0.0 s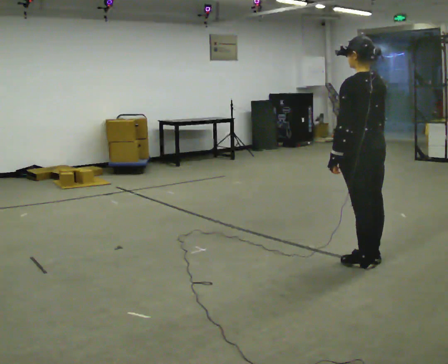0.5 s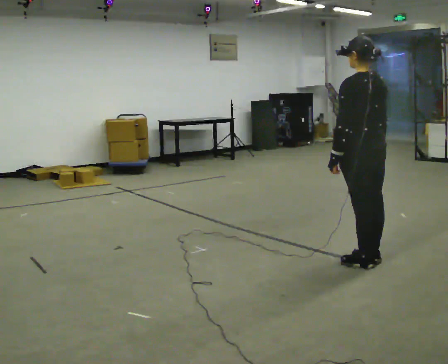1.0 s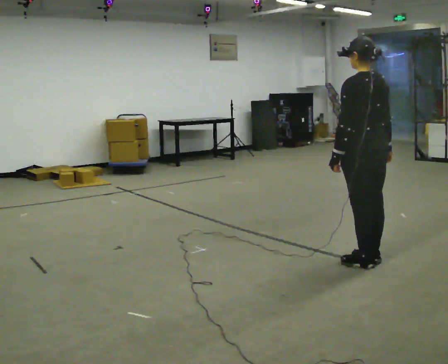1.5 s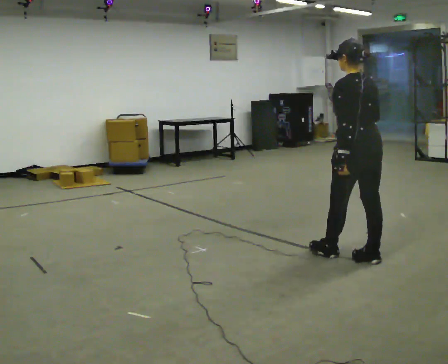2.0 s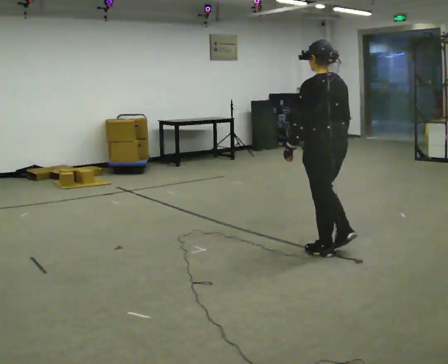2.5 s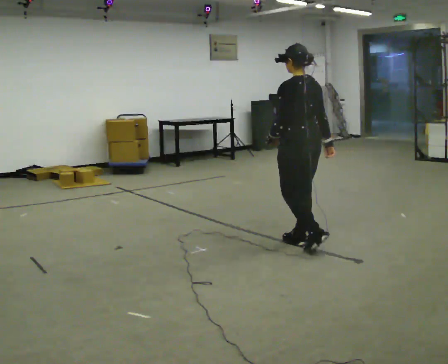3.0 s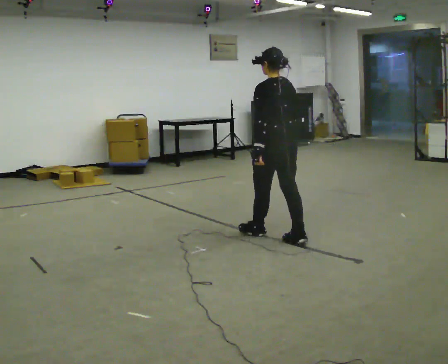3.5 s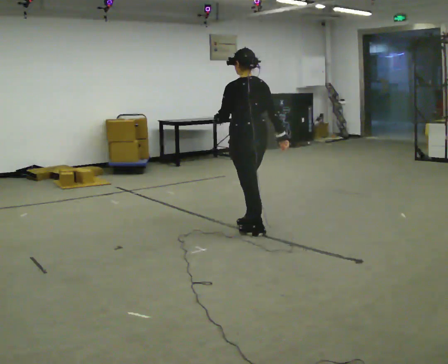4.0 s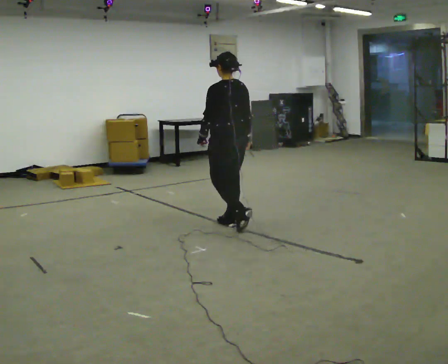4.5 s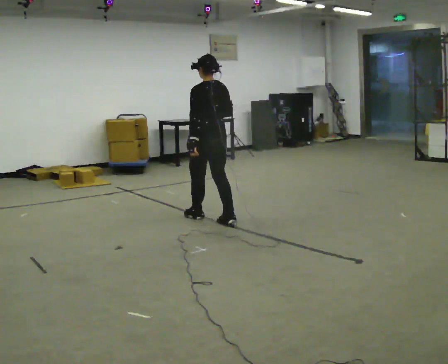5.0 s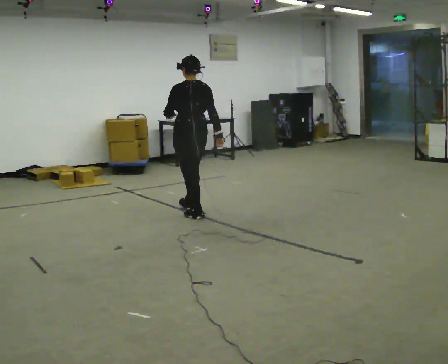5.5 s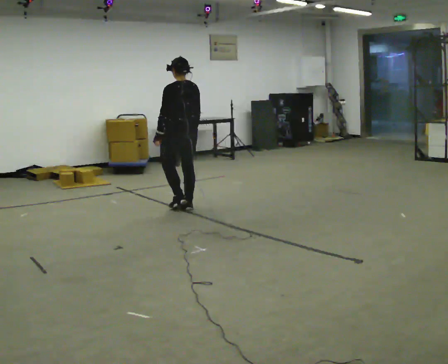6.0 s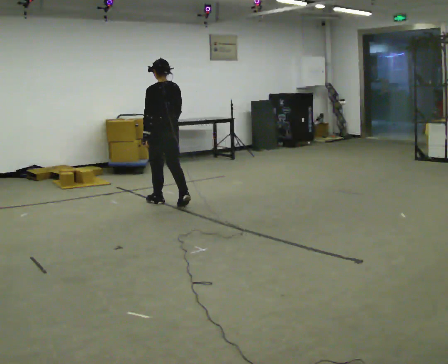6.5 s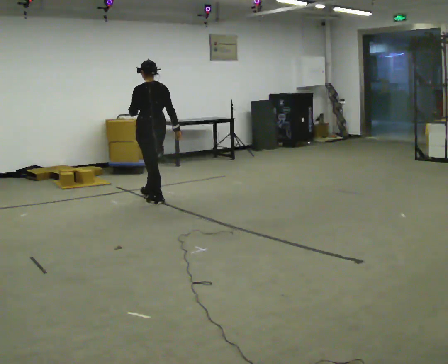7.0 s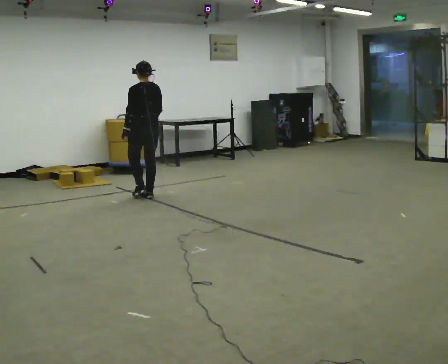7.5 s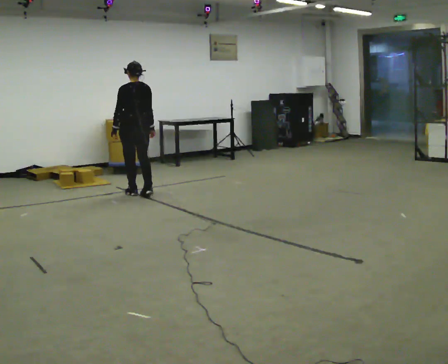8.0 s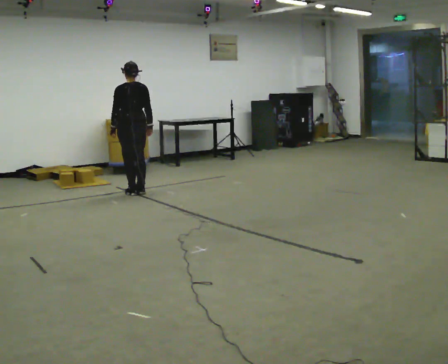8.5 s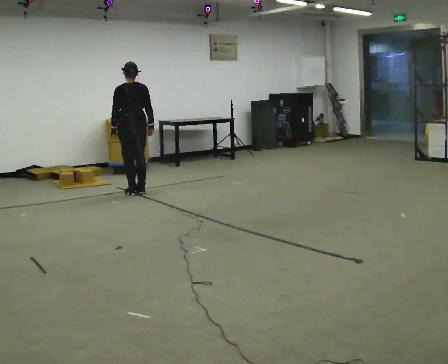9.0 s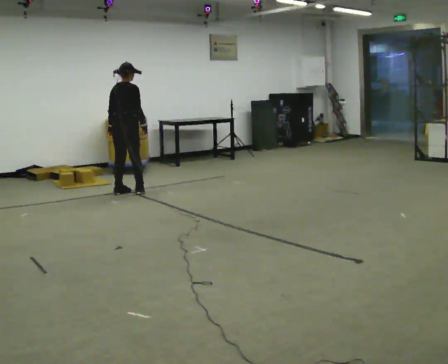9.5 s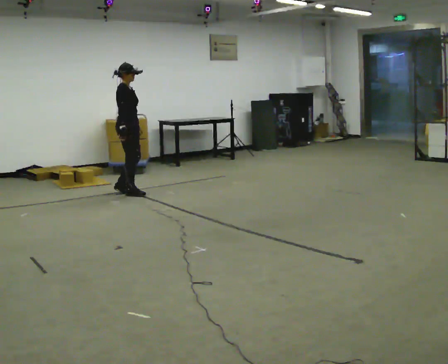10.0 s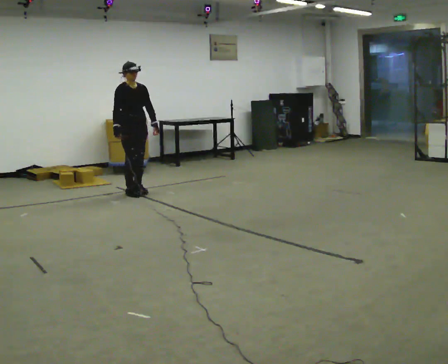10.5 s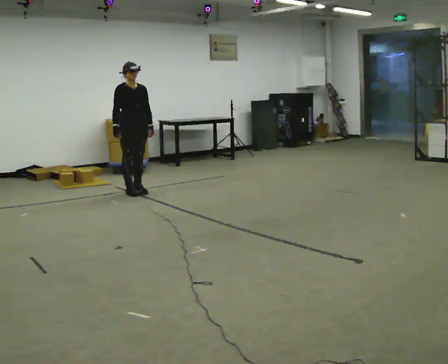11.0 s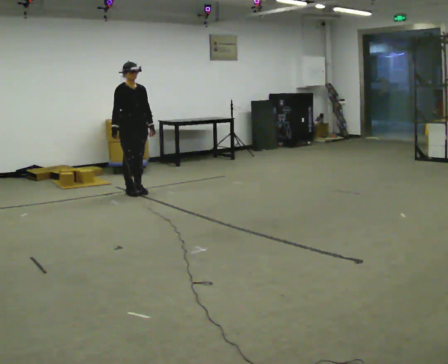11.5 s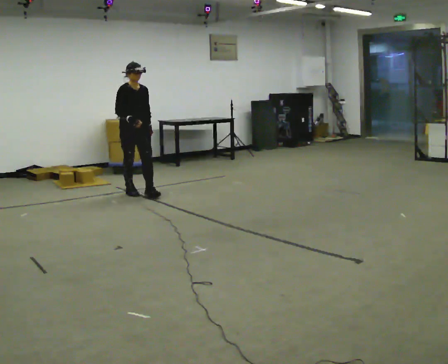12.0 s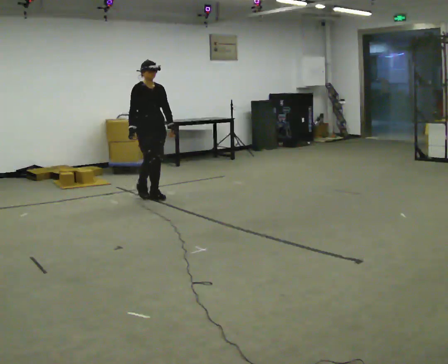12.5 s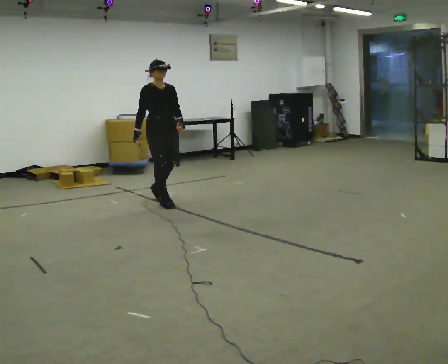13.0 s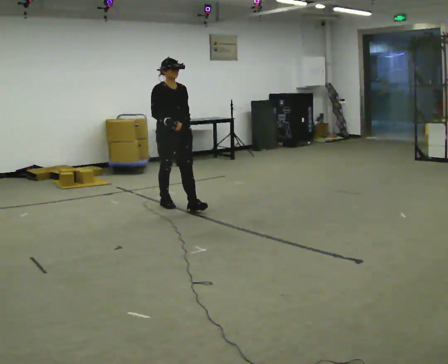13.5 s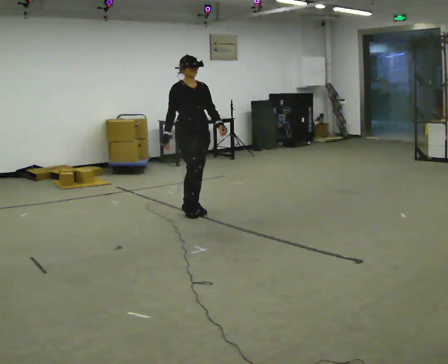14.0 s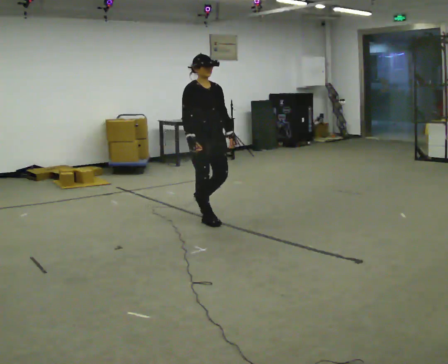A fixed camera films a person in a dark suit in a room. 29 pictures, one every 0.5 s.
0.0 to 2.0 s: In the picture they go away from the camera and to the left, about 0.25 m in 1 step, which for them is forward.
2.0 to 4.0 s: In the picture they go away from the camera and to the left, about 1 m in 3 steps, which for them is forward.
4.0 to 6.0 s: In the picture they go away from the camera and to the left, about 1 m in 3 steps, which for them is forward.
6.0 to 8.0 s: In the picture they go away from the camera and to the left, about 0.5 m in 3 steps, which for them is forward.
8.0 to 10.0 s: The person turns about 165 degrees to their right, clockwise seen from above, so the part of the body nearest the lens slides to the left. In the picture their left hand goes to the right, the arm swinging counterclockwise.
10.0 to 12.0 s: In the picture they go toward the camera and to the right, about 0.5 m in 1 step, which for them is forward.
12.0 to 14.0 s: In the picture they go toward the camera and to the right, about 1 m in 3 steps, which for them is forward.
The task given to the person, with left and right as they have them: Walk forward noticeably slower than normal; do not shuffle; stop.
The film runs forward here.
